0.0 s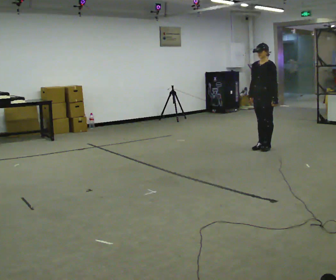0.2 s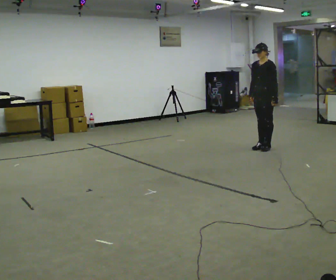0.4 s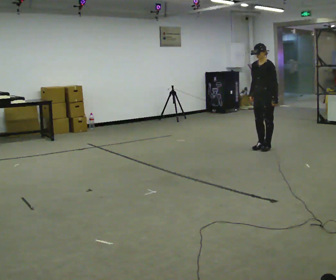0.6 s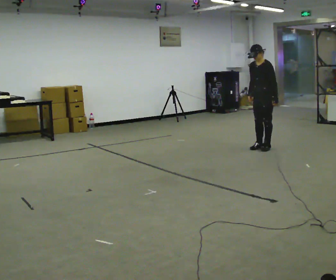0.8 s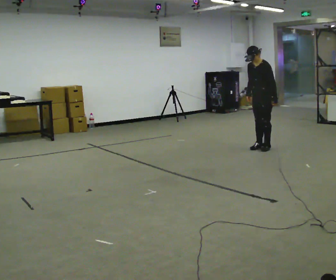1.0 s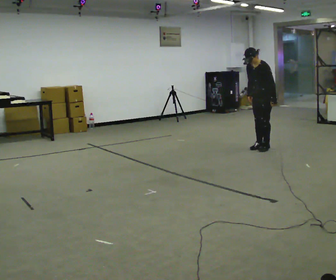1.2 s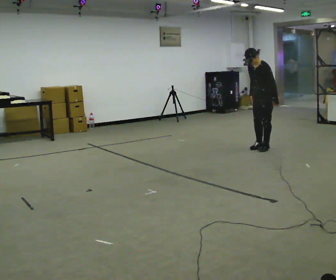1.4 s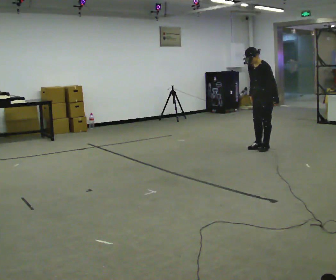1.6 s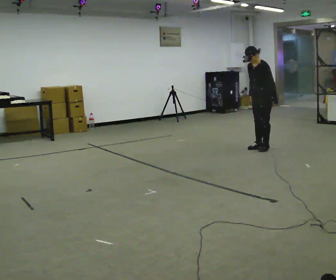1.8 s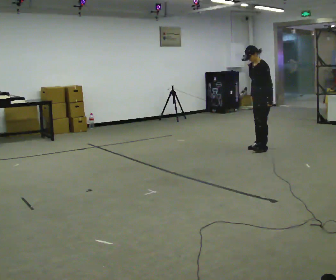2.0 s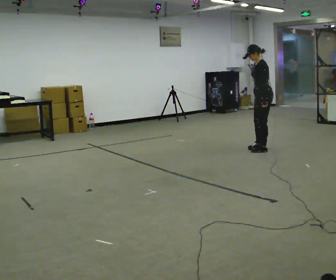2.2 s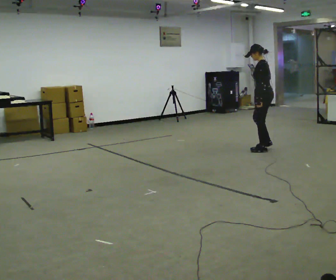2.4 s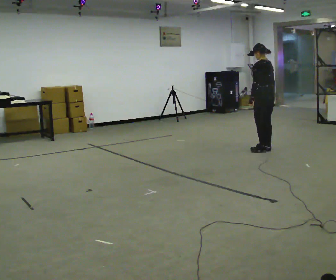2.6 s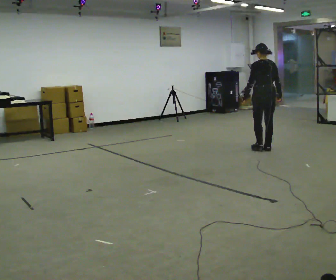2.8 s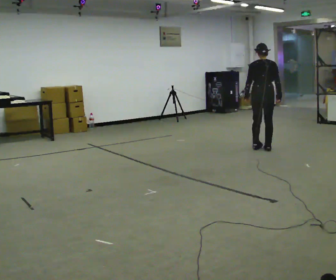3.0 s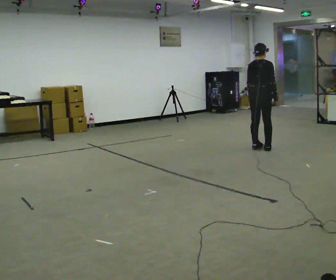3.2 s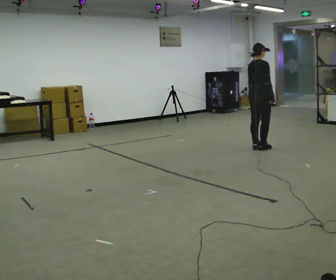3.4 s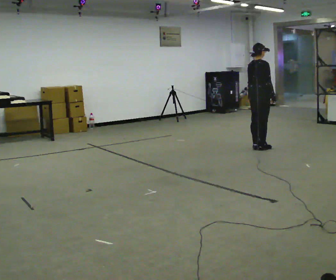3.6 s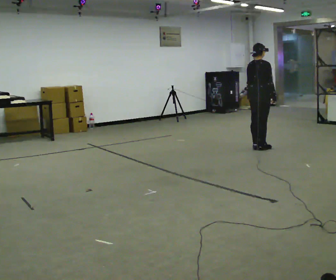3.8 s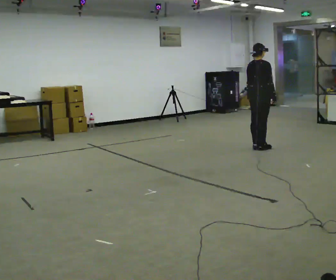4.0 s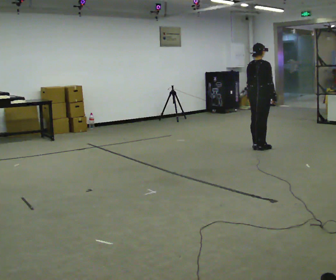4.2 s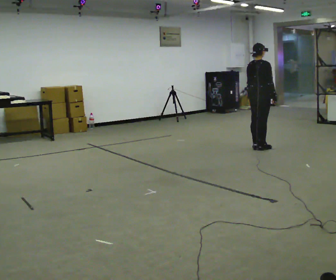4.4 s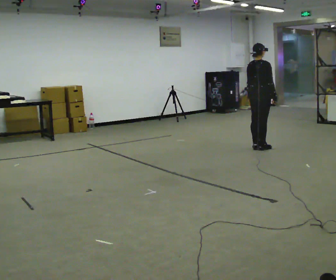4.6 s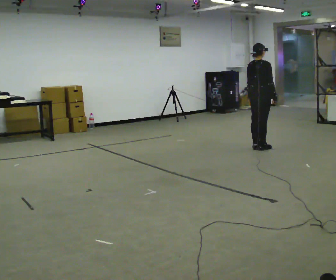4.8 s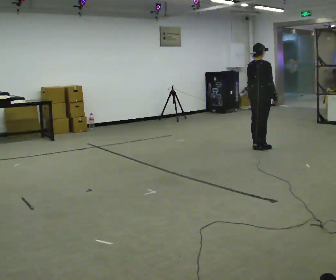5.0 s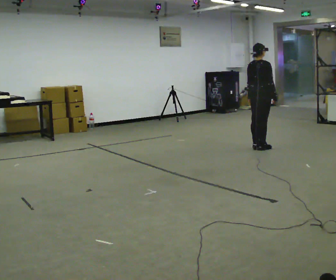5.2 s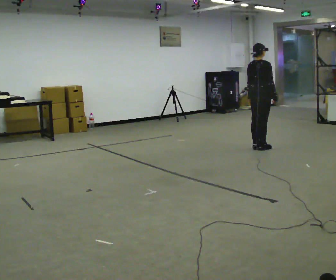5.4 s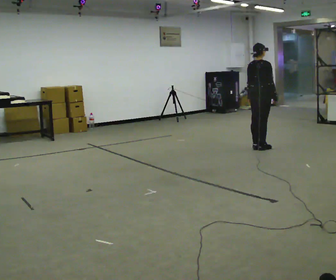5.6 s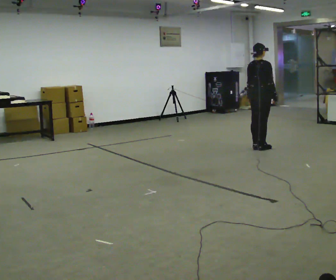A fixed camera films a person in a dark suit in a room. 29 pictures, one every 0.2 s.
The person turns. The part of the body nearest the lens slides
to the left.
The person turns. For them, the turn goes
to their right.
0.0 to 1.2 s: The upper body tips toward the camera, its near side rolling downward, as they bend forward.
1.2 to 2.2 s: Seen from above the body turns clockwise, about 60 degrees: to their right, with its near side sliding to the left. The upper body tips away from the camera, its near side rolling upward, as they lean back or straighten.
2.2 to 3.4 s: Seen from above the body turns clockwise, about 135 degrees: to their right, with its near side sliding to the left.
3.4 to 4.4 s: The person moves a little, or ends about where they began.
4.4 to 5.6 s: The person keeps their place and pose.
The film runs backward here.
